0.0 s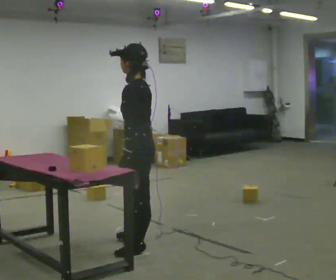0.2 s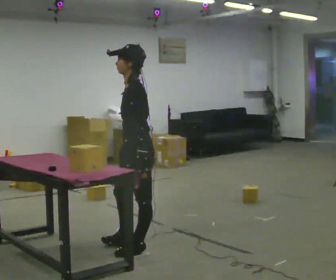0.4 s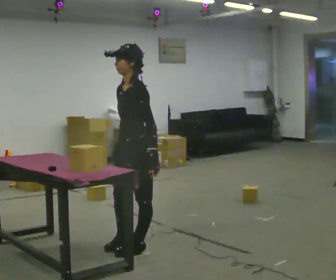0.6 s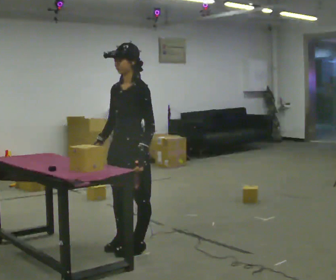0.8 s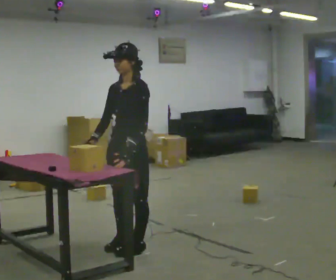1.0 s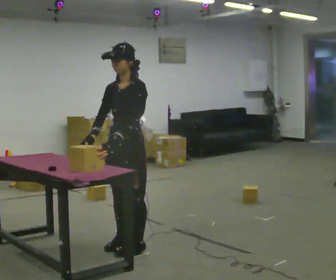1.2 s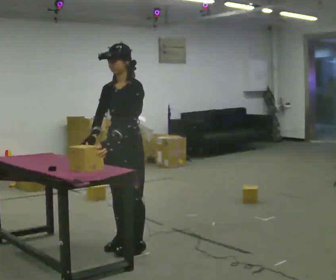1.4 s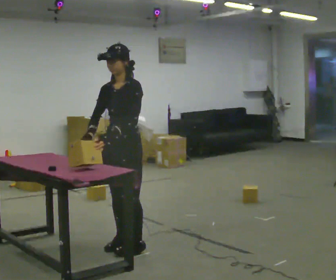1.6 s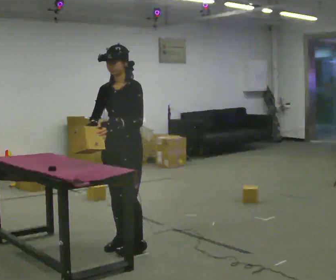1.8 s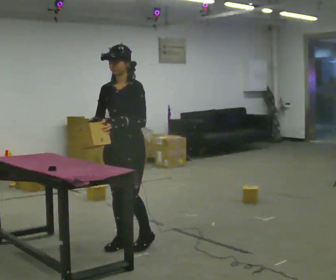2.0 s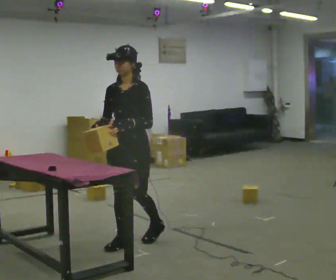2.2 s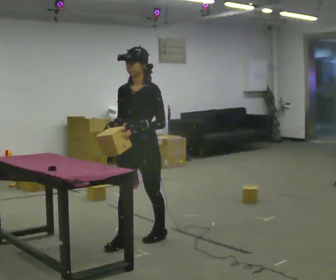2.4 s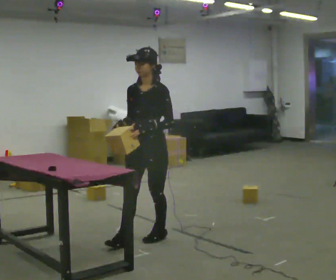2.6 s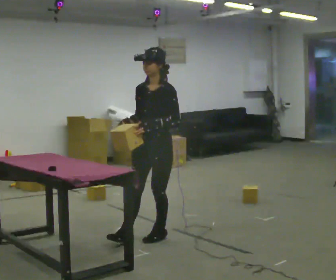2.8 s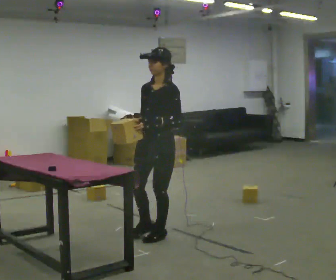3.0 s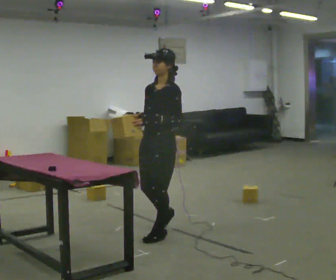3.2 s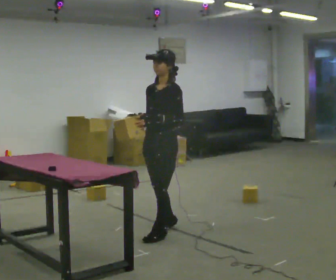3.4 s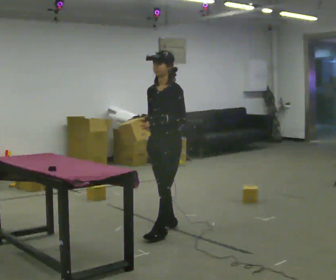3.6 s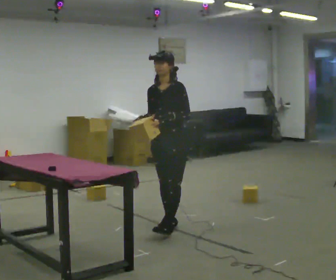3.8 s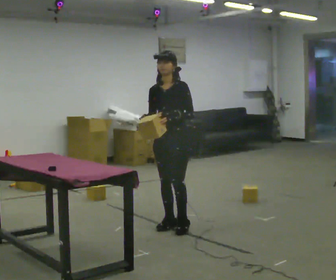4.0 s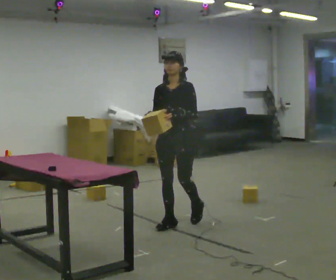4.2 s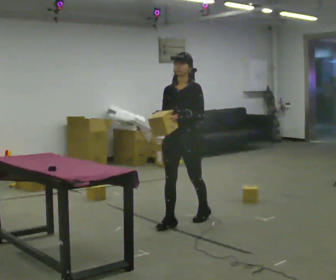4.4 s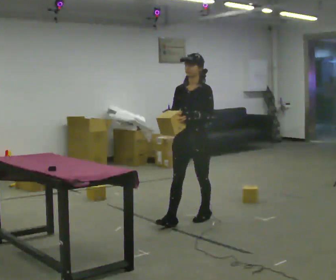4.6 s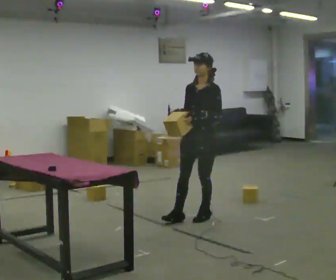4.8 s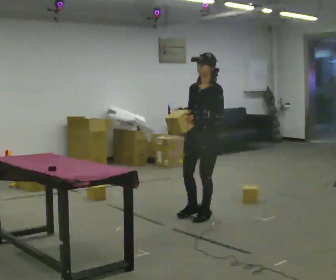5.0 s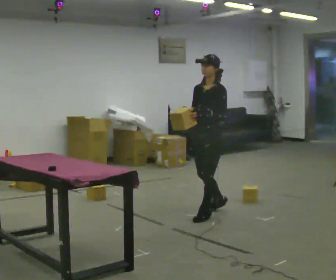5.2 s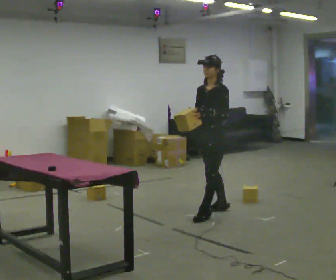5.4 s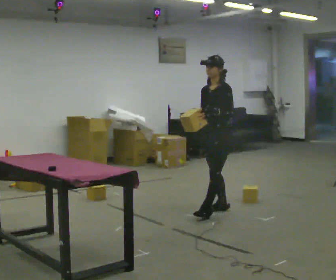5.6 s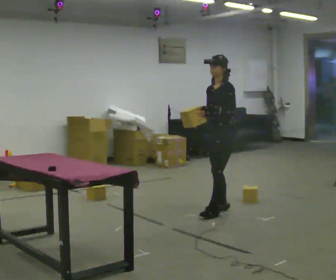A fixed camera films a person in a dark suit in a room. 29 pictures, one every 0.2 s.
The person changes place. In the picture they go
away from the camera.
0.0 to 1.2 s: The part of the body nearest the lens slides to the right as the person turns to their left by about 60 degrees. In the picture their right hand goes to the left.
1.2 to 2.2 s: In the picture they go away from the camera, about 0.25 m in 1 step, which for them is backward.
2.2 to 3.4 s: In the picture they go away from the camera and to the right, about 0.5 m in 1 step, which for them is backward and to their right.
3.4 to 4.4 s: In the picture they go away from the camera and to the right, about 0.5 m in 1 step, which for them is backward.
4.4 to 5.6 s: The person turns about 30 degrees to their right, clockwise seen from above, so the part of the body nearest the lens slides to the left. In the picture they go away from the camera and to the right, about 0.5 m in 2 steps, which for them is backward.
The film runs backward here.
